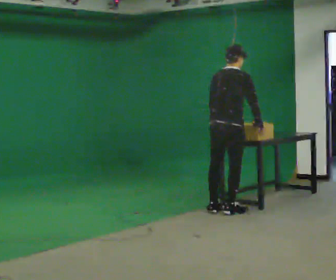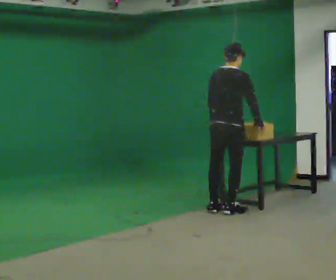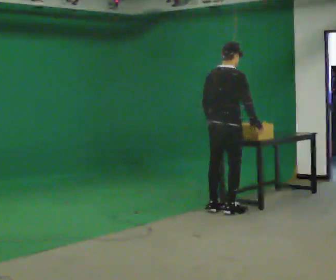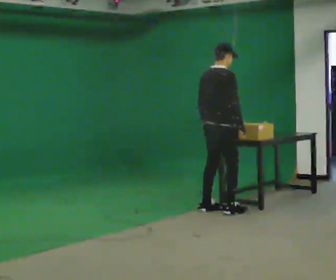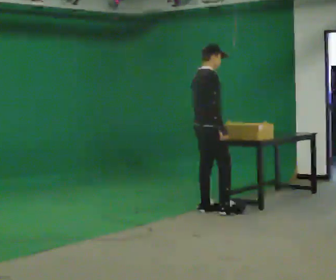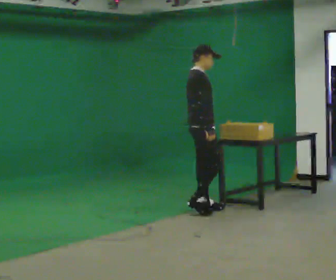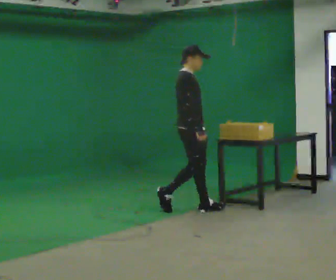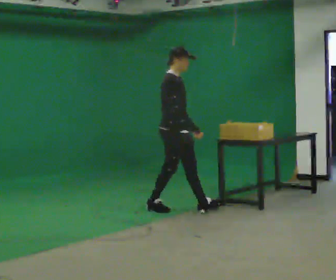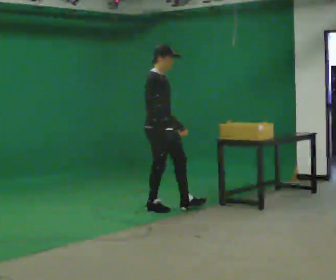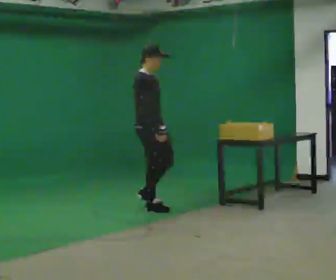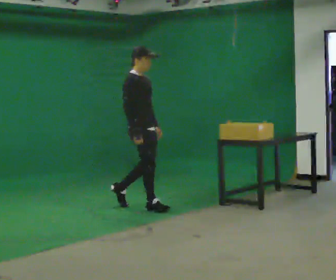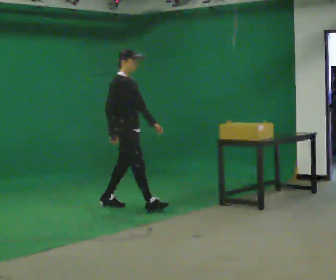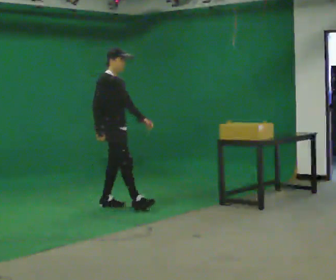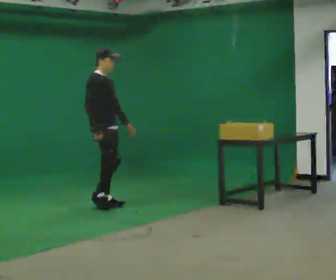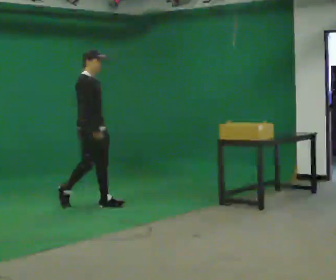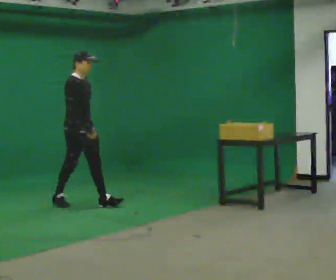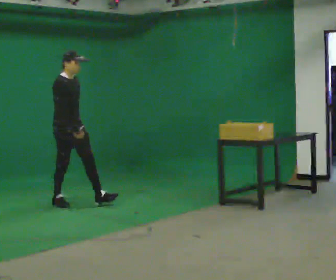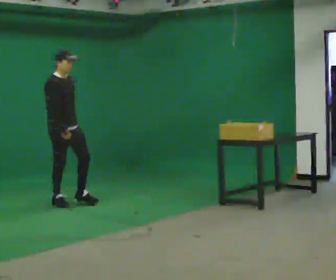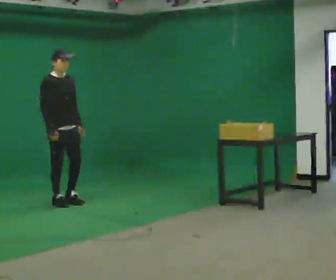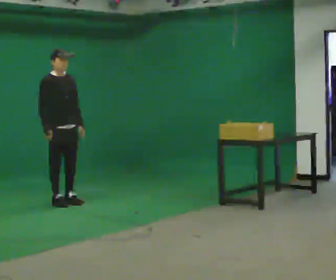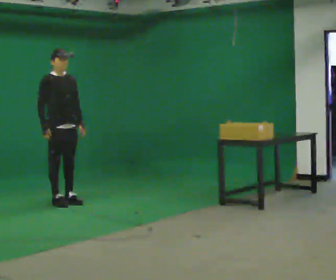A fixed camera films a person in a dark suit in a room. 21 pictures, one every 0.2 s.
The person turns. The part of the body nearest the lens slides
to the left.
The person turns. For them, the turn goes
to their right.
0.0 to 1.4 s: The part of the body nearest the lens slides to the left as the person turns to their right by about 60 degrees. In the picture they go to the left, about 0.5 m in 1 step.
1.4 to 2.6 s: In the picture they go to the left, about 1 m in 2 steps, which for them is backward.
2.6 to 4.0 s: The part of the body nearest the lens slides to the left as the person turns to their right by about 30 degrees. In the picture they go to the left, about 0.5 m in 1 step, which for them is backward.
The film runs backward here.
